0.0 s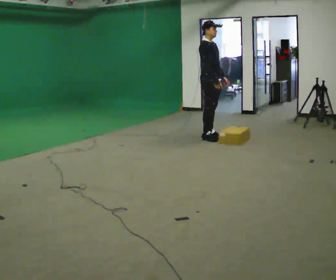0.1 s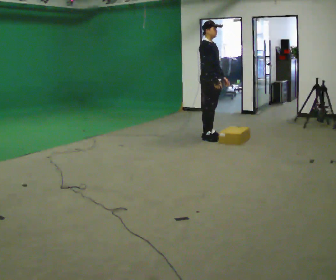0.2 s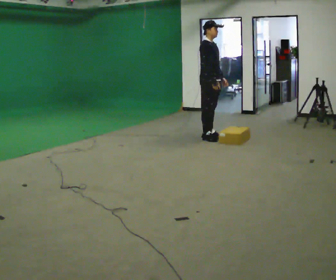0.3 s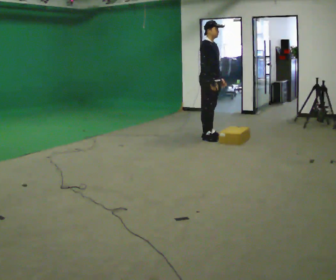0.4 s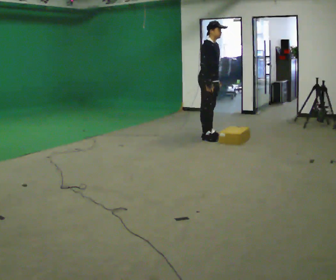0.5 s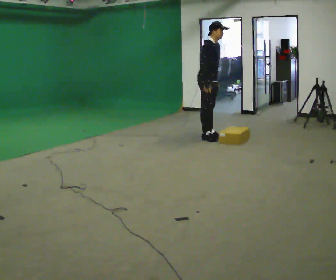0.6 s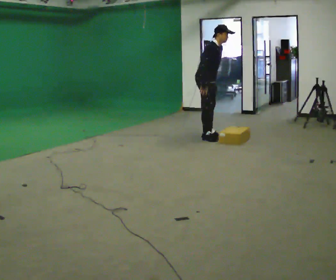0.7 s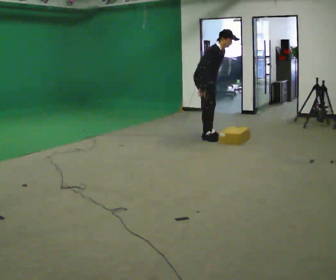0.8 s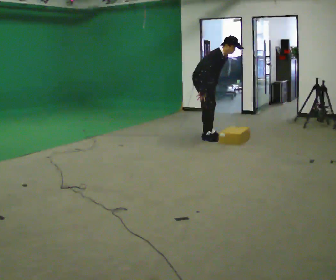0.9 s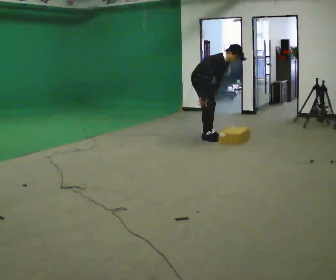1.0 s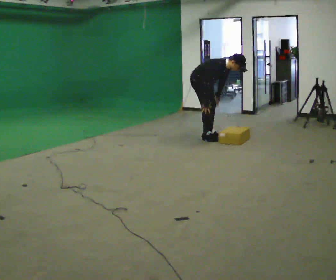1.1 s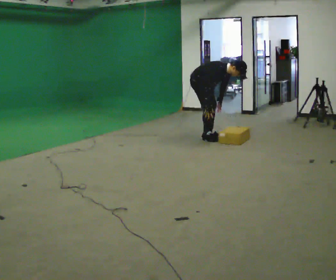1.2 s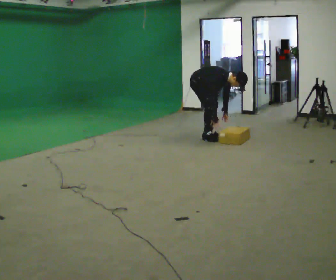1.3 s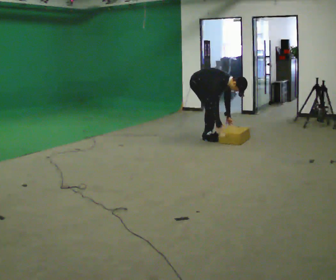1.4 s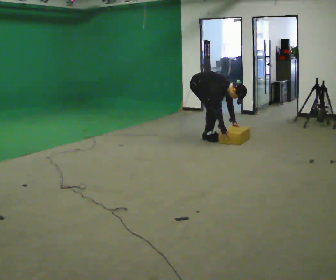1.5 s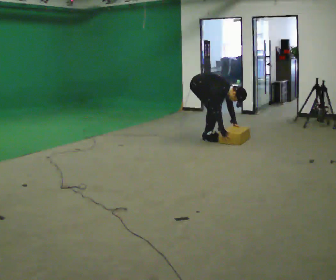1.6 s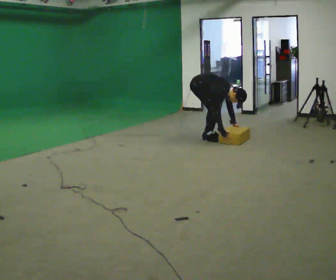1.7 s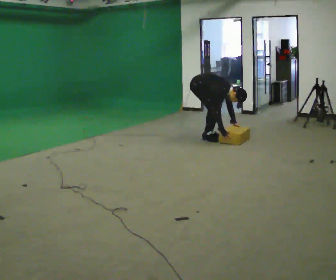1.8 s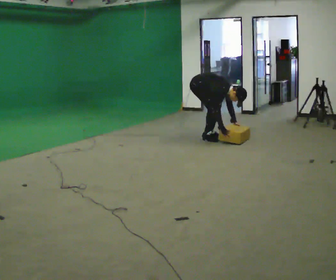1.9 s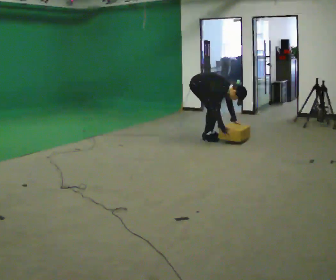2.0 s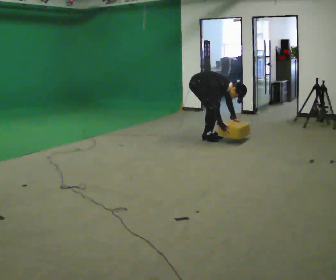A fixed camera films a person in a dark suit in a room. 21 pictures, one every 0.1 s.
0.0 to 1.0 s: In the picture they go to the left, about 0.25 m, which for them is backward. The upper body goes downward. In the picture the upper body tilts clockwise, shoulders to the right, as they bend forward.
1.0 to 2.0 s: The shoulders move downward. In the picture the upper body tilts clockwise, shoulders to the right, as they bend forward. In the picture their left hand goes downward.
The film runs backward here.
